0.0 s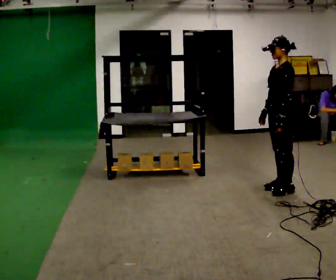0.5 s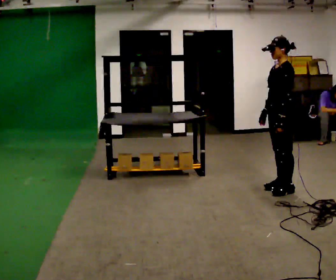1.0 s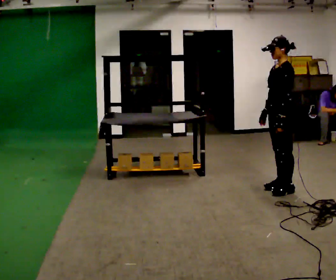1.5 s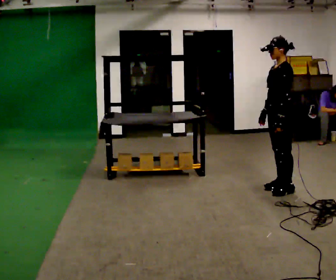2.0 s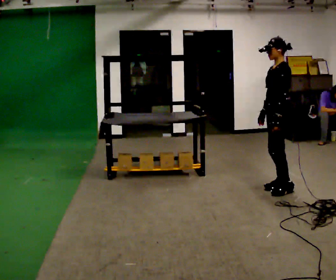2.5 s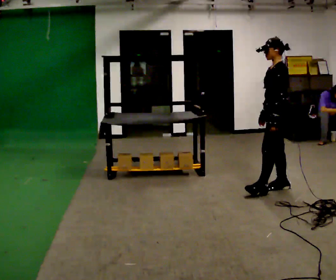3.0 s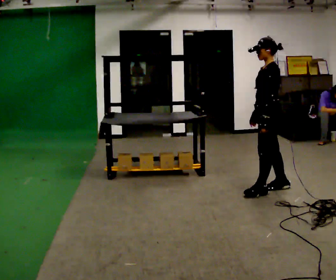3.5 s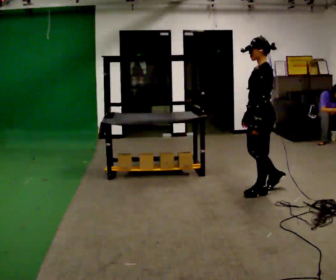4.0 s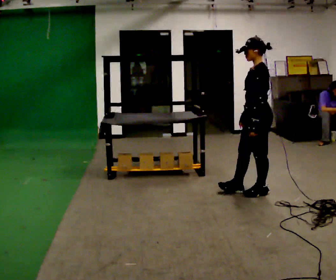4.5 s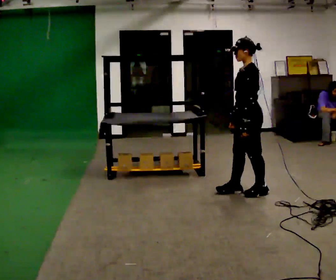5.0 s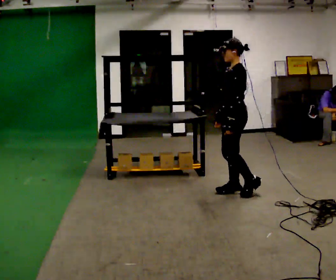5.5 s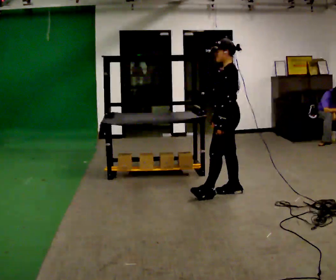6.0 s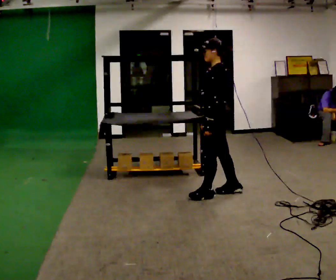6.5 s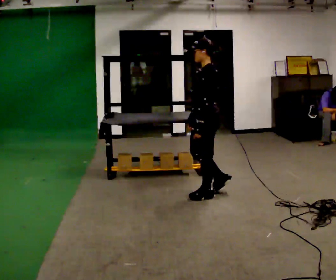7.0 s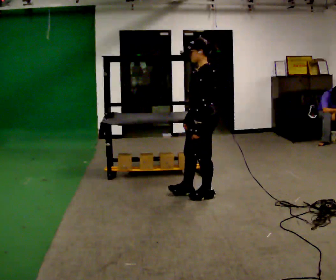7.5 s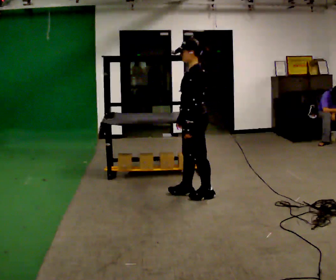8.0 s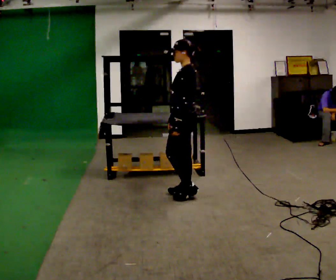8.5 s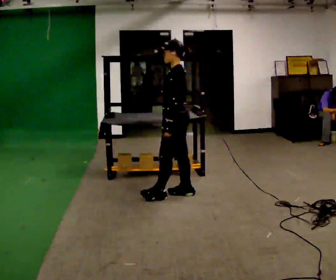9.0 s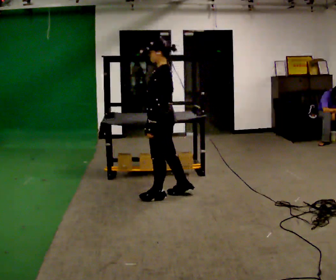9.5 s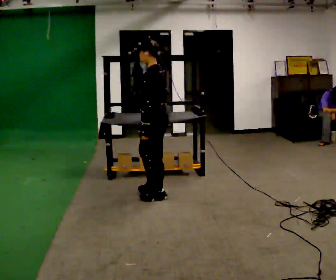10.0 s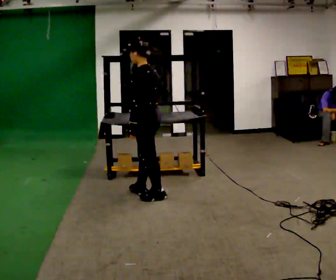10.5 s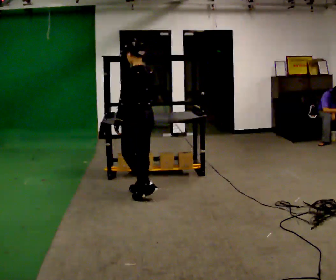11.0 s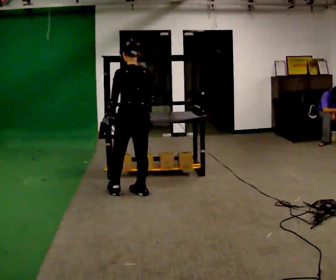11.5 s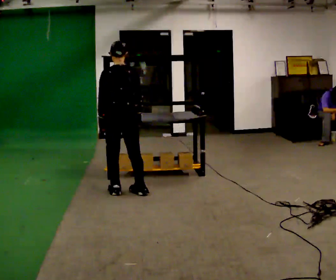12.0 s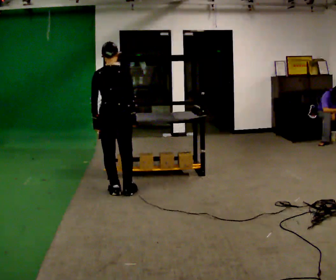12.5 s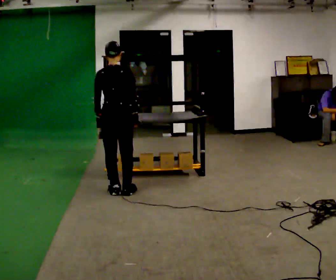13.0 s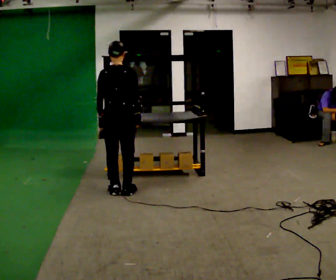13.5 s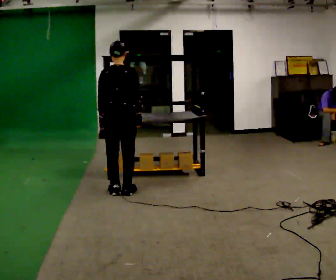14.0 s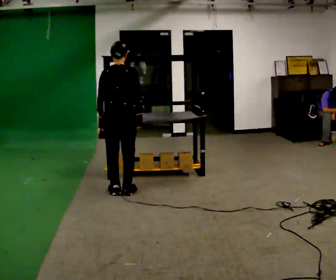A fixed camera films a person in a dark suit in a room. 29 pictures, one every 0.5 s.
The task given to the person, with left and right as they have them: Carry the object across the room and place it on the lowest shelf, crouching down to do it. Keep going until the operator says stop; one object at a time, and do not rush between trips.
0.0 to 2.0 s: The person moves a little, or ends about where they began.
2.0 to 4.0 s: In the picture they go to the left and toward the camera, about 0.25 m in 1 step, which for them is forward and to their left.
4.0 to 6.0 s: In the picture they go to the left, about 0.5 m in 2 steps, which for them is forward.
6.0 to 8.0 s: In the picture they go to the left, about 0.25 m in 1 step, which for them is forward.
8.0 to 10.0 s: In the picture they go to the left, about 0.5 m in 2 steps, which for them is forward.
10.0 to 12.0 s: The part of the body nearest the lens slides to the left as the person turns to their right by about 75 degrees. In the picture they go to the left, about 0.25 m in 2 steps.
12.0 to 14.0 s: The person moves a little, or ends about where they began.
The film runs forward here.
